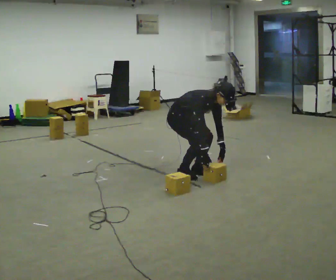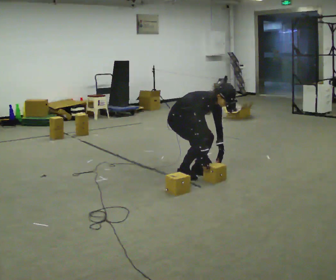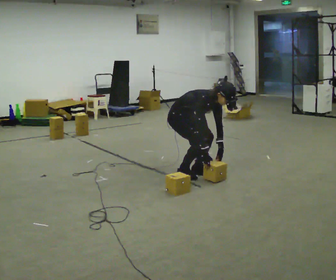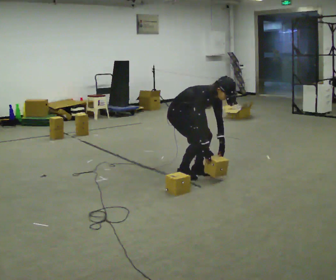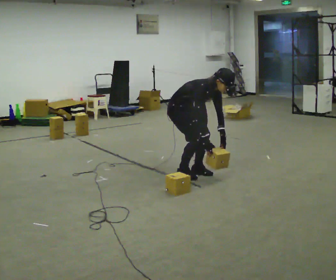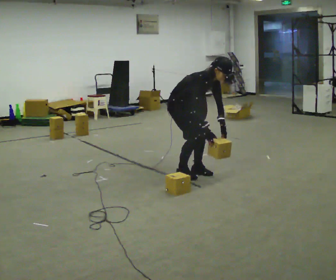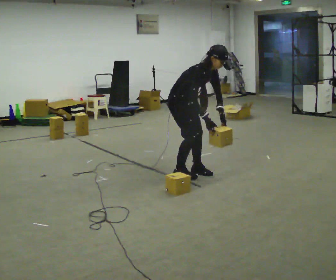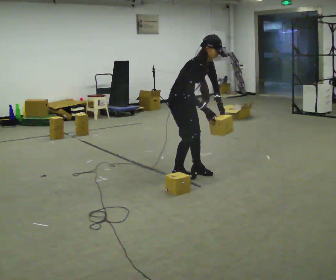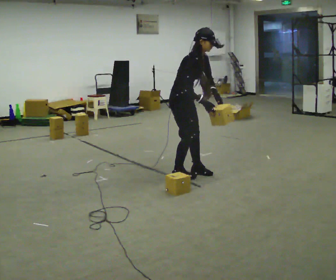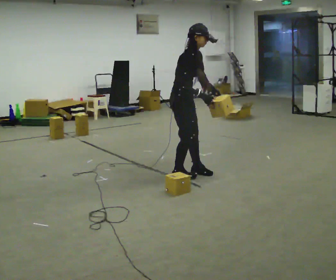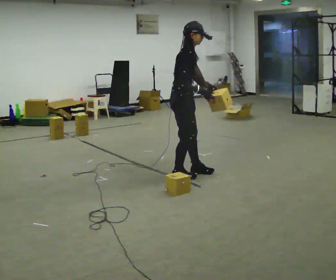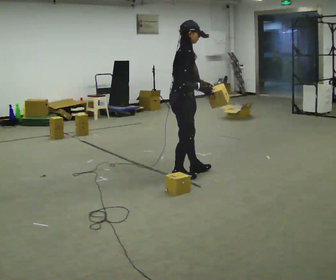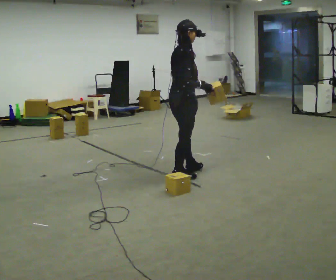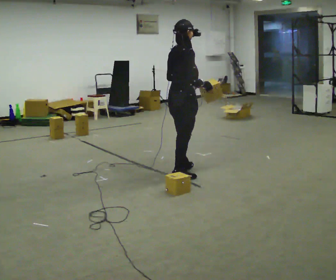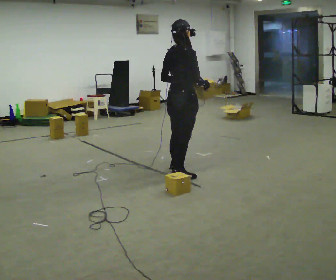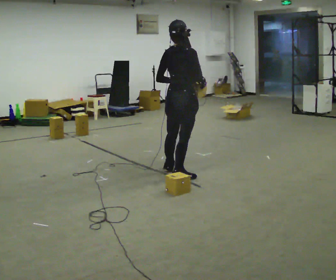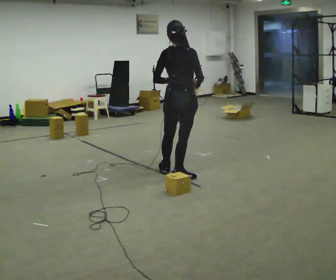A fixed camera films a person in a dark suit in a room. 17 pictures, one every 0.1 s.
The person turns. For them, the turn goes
to their left.
The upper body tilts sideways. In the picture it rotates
counterclockwise.
0.0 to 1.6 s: The person turns about 105 degrees to their left, counterclockwise seen from above, so the part of the body nearest the lens slides to the right. In the picture they go toward the camera, about 0.25 m in 1 step. The upper body goes upward. In the picture the upper body tilts counterclockwise, shoulders to the left, as they lean back or straighten. In the picture their right hand goes upward.
The film runs forward here.
